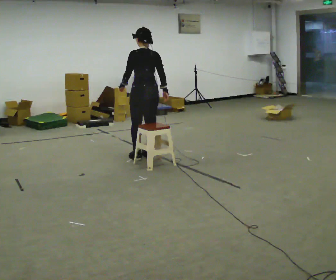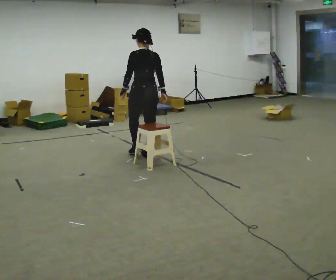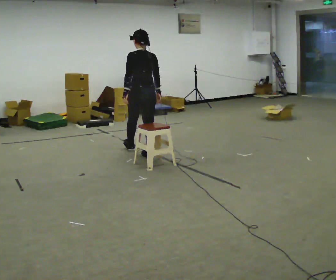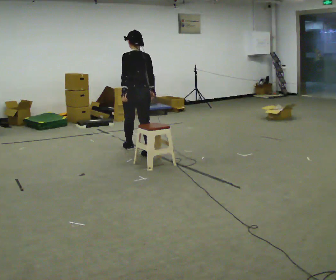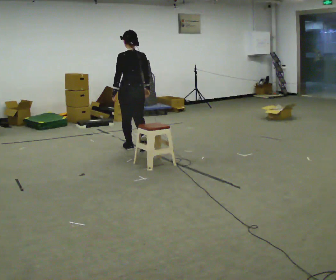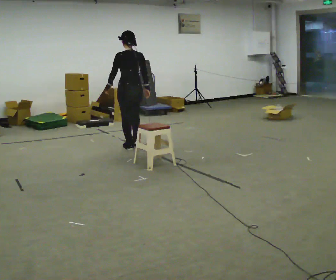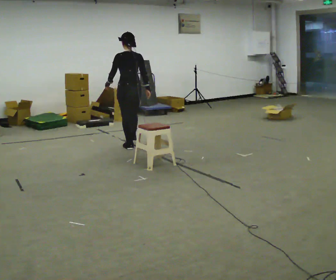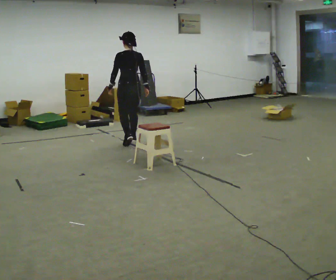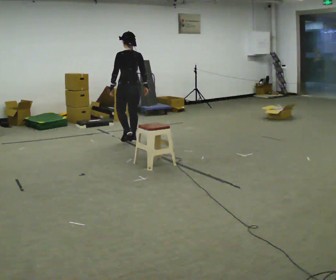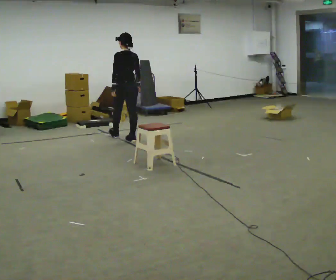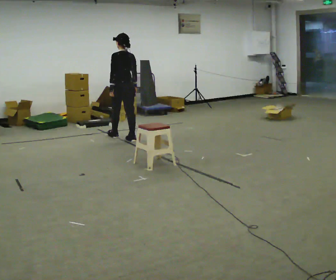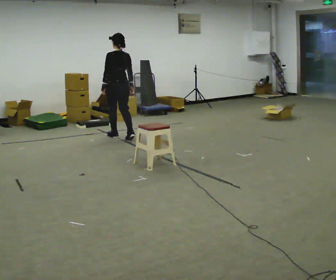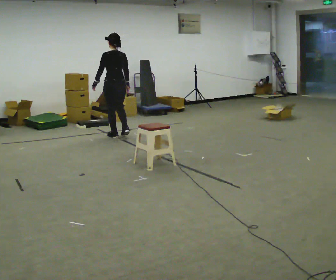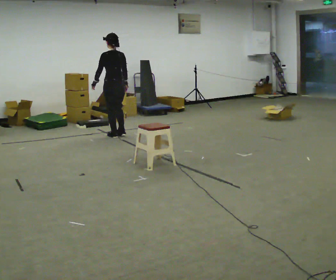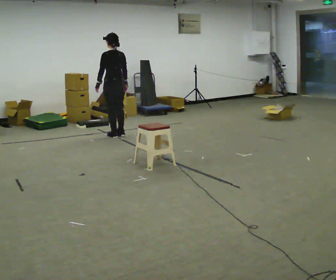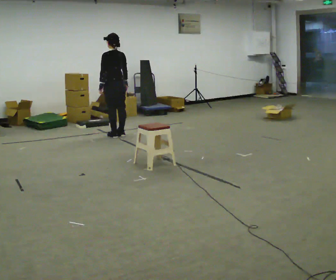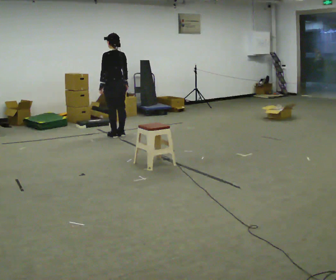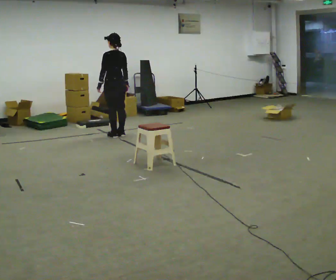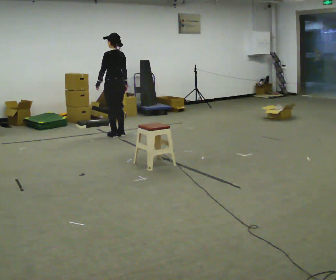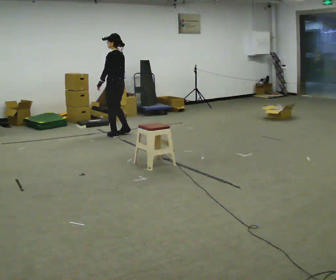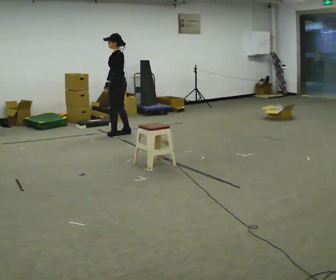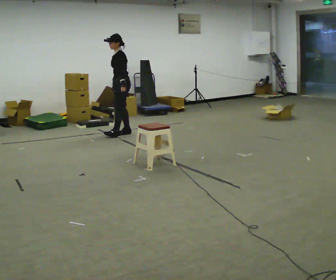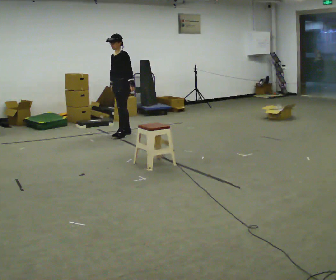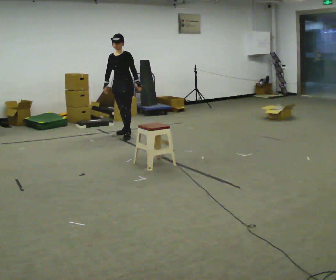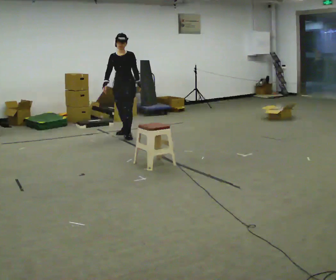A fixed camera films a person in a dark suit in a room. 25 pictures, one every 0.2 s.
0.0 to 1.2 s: In the picture they go away from the camera, about 0.75 m in 2 steps, which for them is forward.
1.2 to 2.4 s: In the picture they go away from the camera, about 0.5 m in 1 step, which for them is forward.
2.4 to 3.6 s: The person moves a little, or ends about where they began.
3.6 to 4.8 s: The person turns about 120 degrees to their left, counterclockwise seen from above, so the part of the body nearest the lens slides to the right. In the picture their left hand goes to the right, the arm swinging counterclockwise.
The film runs forward here.
